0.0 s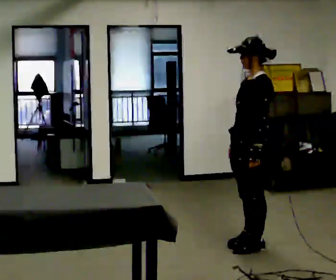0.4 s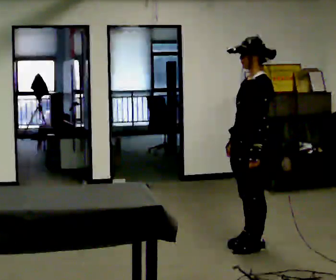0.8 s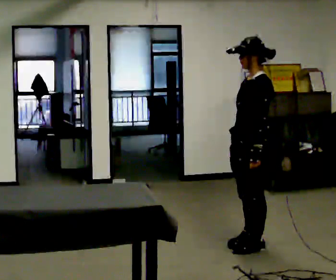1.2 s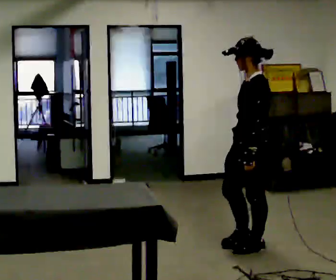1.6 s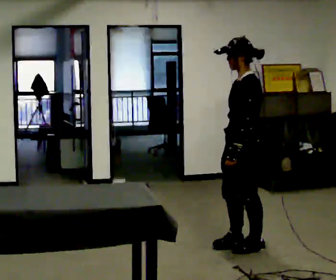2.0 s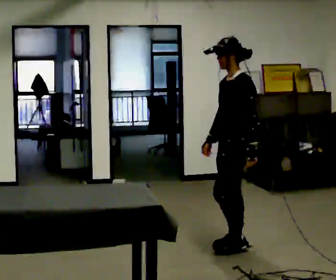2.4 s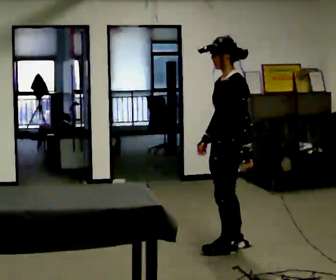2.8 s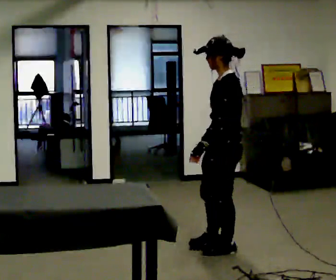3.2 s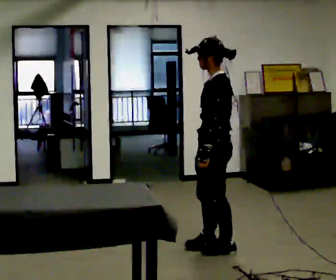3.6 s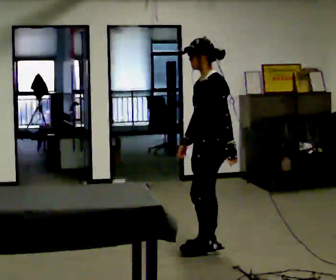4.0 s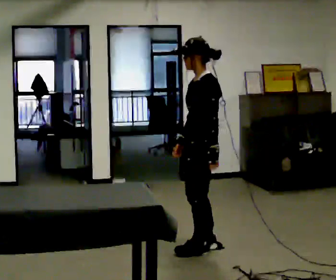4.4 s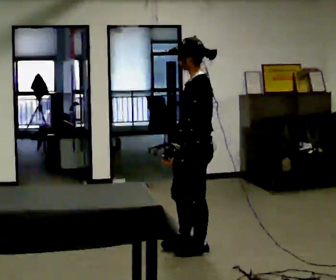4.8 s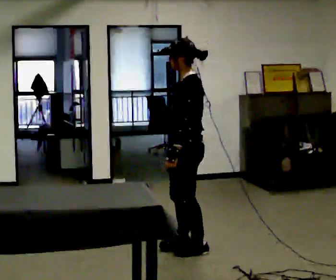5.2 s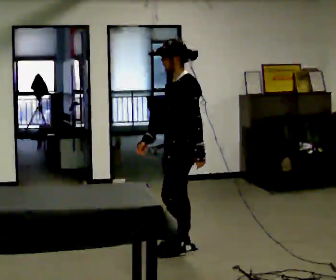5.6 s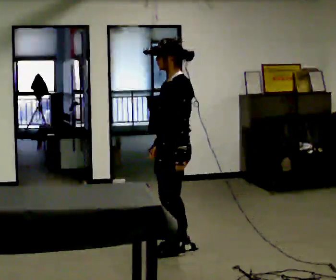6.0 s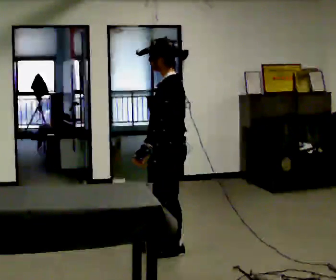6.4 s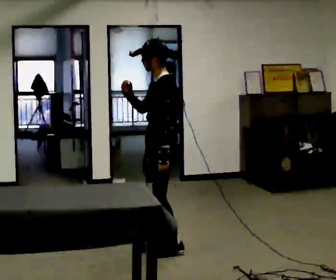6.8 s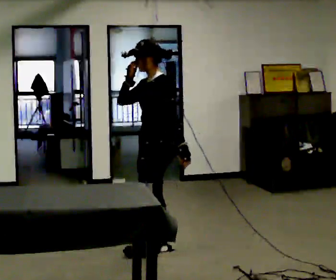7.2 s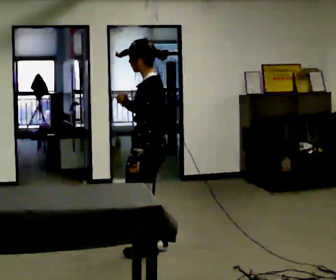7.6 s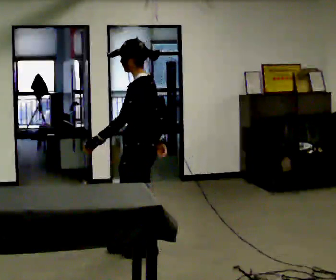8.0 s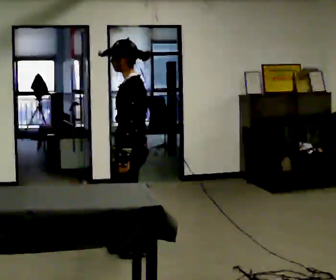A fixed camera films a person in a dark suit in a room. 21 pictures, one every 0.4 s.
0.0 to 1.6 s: The person moves a little, or ends about where they began.
1.6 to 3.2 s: In the picture they go to the left, about 0.25 m in 2 steps, which for them is forward.
3.2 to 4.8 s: In the picture they go to the left, about 0.25 m in 2 steps, which for them is forward.
4.8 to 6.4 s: In the picture they go to the left, about 0.25 m in 2 steps, which for them is forward. In the picture their right hand goes upward and to the left.
6.4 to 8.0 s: In the picture they go to the left, about 0.25 m in 2 steps, which for them is forward. In the picture their right hand goes downward.
The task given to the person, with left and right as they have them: Pick an object up off the floor at one end of the room, carry it across, and place it on the waist-height shelf at the other end. Keep going until the operator says stop; one object at a time, and do not rush between trips.
The film runs forward here.
